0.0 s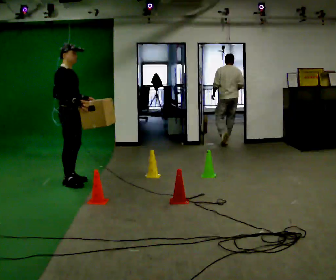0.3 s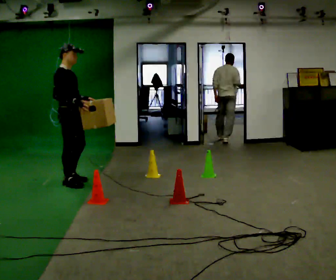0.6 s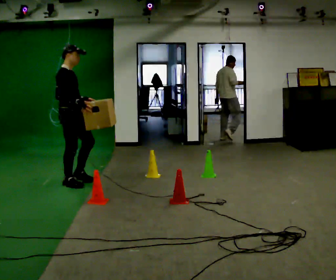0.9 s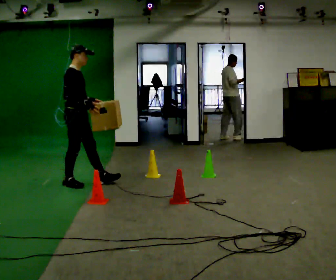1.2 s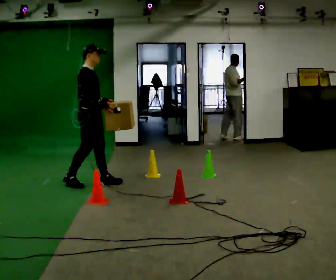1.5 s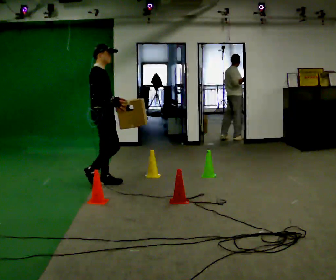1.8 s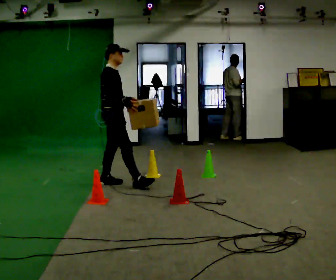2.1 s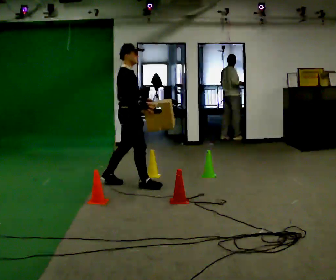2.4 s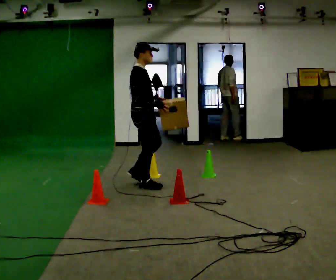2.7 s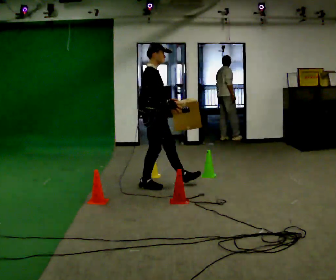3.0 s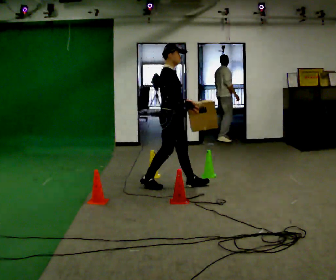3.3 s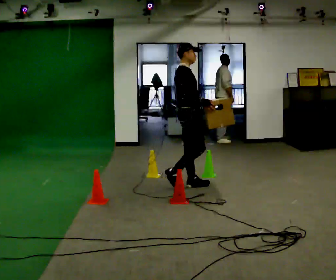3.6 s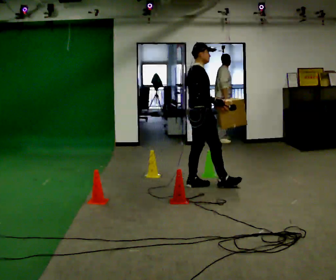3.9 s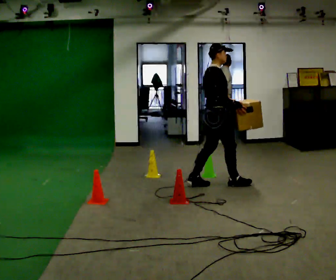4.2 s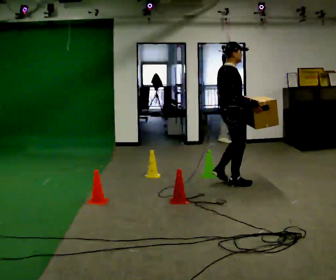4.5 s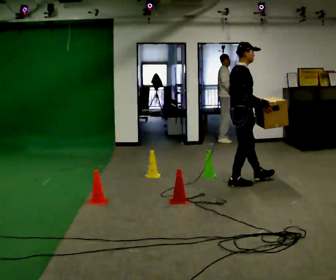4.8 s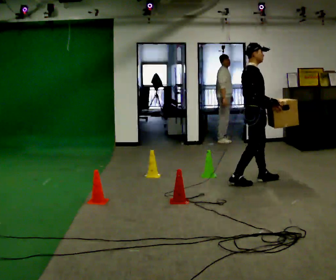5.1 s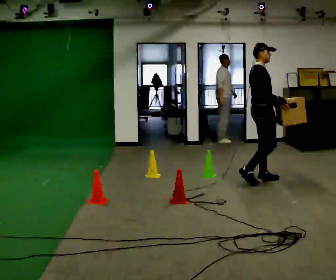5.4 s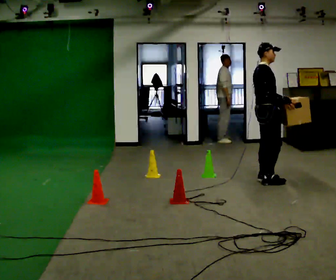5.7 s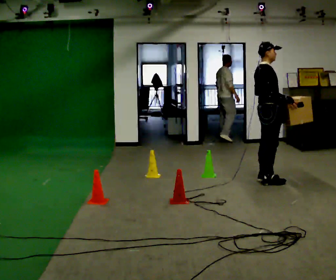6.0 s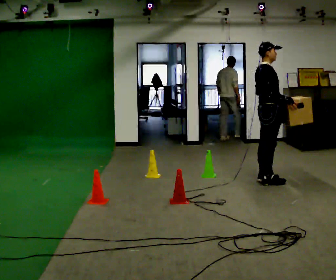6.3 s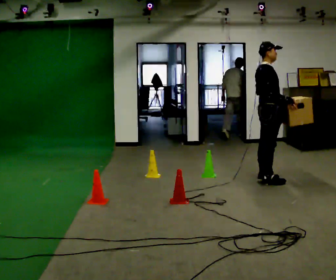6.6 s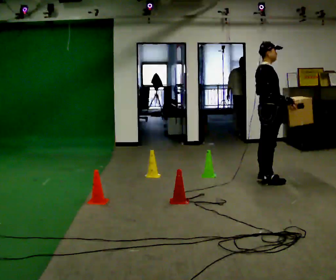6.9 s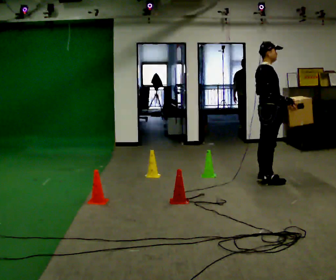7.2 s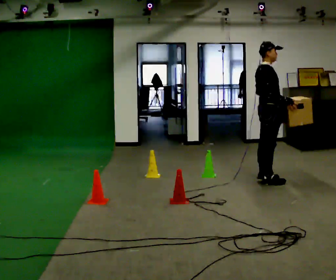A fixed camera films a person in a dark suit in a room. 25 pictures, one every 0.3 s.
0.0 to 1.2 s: In the picture they go to the right, about 0.25 m in 1 step, which for them is forward.
1.2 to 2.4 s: In the picture they go to the right, about 0.75 m in 1 step, which for them is forward.
2.4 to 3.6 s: In the picture they go to the right, about 0.75 m in 1 step, which for them is forward.
3.6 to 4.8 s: In the picture they go to the right, about 0.75 m in 2 steps, which for them is forward.
4.8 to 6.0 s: In the picture they go to the right, about 0.25 m in 1 step, which for them is forward.
6.0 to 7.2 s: The person keeps their place and pose.
The film runs forward here.
